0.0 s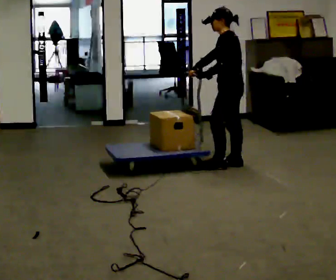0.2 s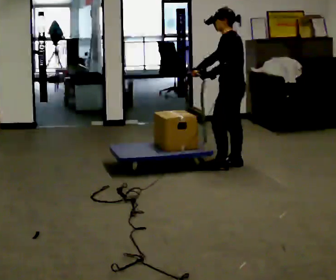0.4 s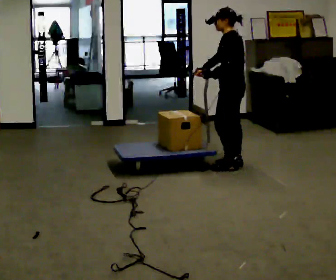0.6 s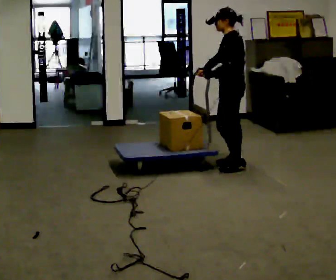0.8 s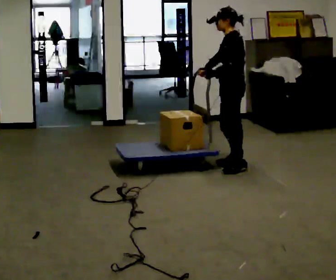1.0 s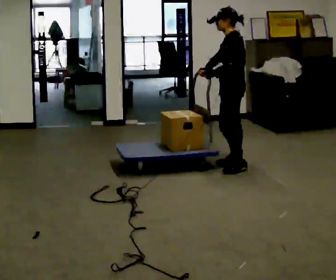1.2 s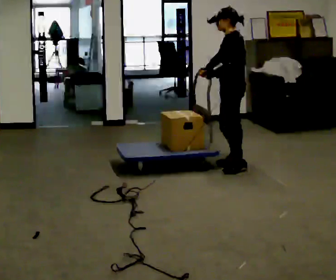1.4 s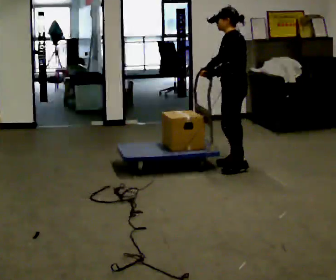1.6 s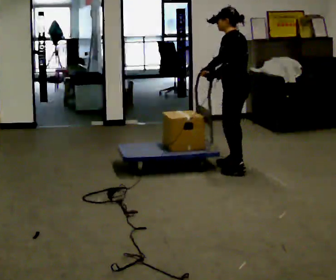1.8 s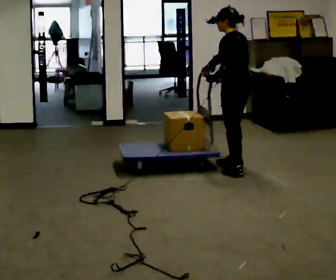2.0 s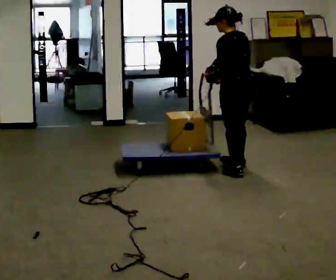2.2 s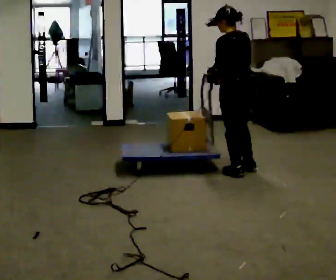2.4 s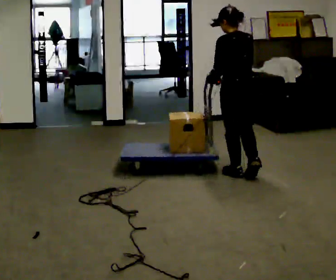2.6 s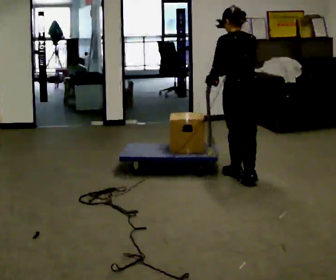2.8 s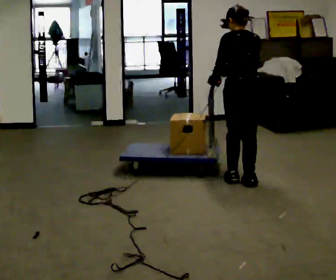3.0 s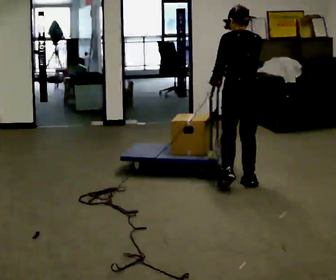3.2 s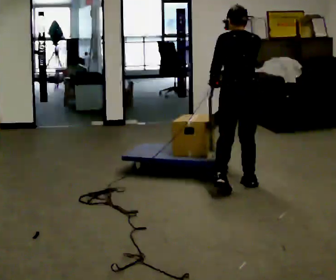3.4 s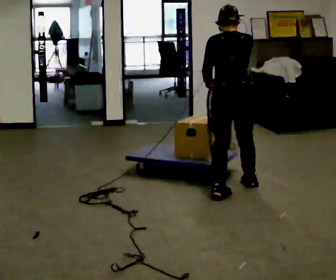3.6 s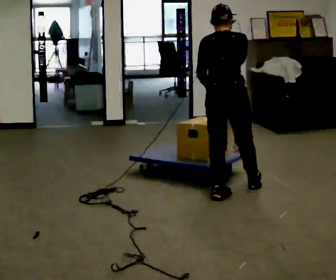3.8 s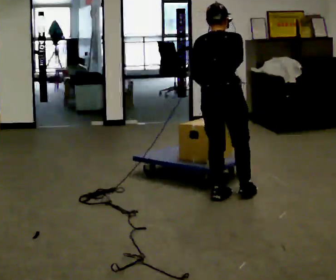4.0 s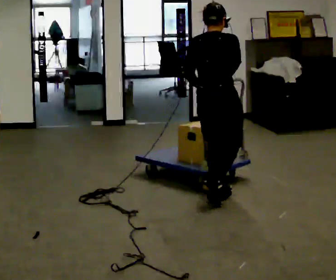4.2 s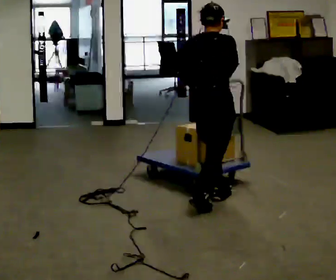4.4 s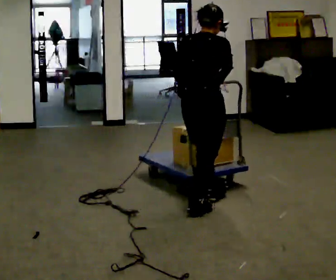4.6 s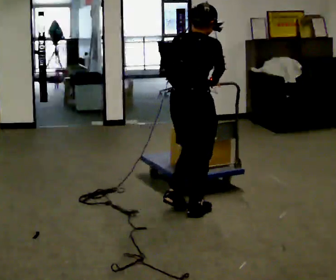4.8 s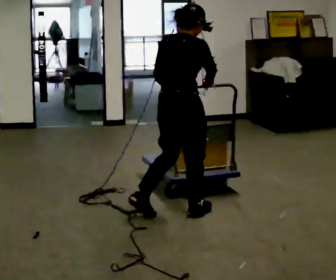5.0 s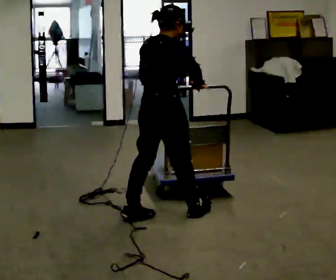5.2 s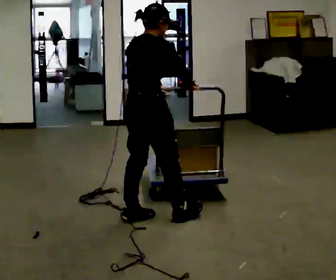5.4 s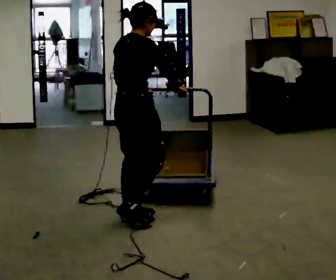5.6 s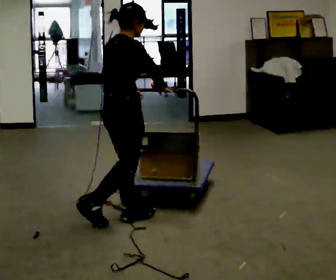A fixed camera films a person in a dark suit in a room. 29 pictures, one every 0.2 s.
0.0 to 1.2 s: The person moves a little, or ends about where they began.
1.2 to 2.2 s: Seen from above the body turns clockwise, about 45 degrees: to their right, with its near side sliding to the left. In the picture they go toward the camera, about 0.25 m in 2 steps, which for them is to their left.
2.2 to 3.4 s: Seen from above the body turns clockwise, about 30 degrees: to their right, with its near side sliding to the left. In the picture they go toward the camera, about 0.5 m in 1 step, which for them is backward and to their left.
3.4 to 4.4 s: The person turns about 30 degrees to their right, clockwise seen from above, so the part of the body nearest the lens slides to the left. In the picture they go toward the camera and to the left, about 0.5 m in 2 steps, which for them is backward.
4.4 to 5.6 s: Seen from above the body turns clockwise, about 30 degrees: to their right, with its near side sliding to the left. In the picture they go to the left and toward the camera, about 0.5 m in 1 step, which for them is backward.
The film runs backward here.
